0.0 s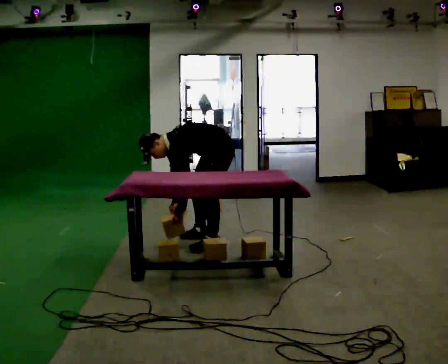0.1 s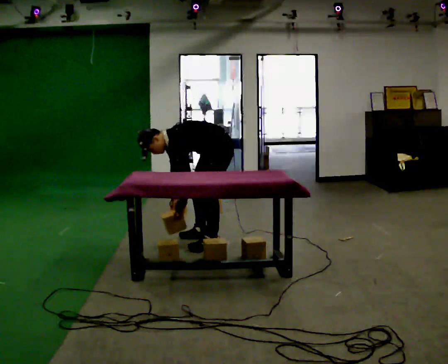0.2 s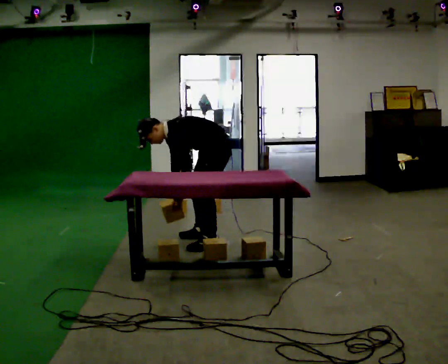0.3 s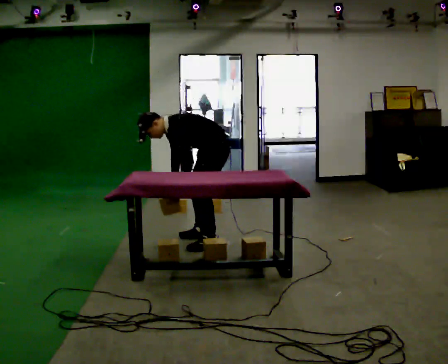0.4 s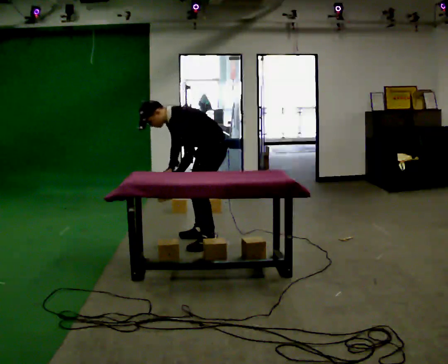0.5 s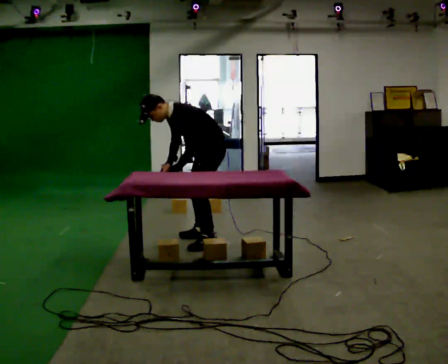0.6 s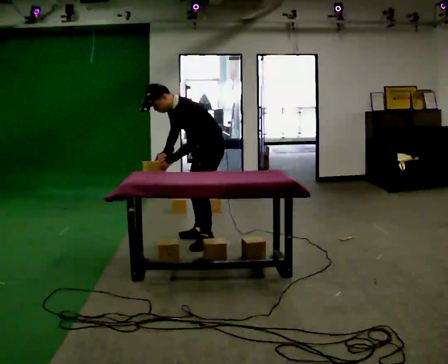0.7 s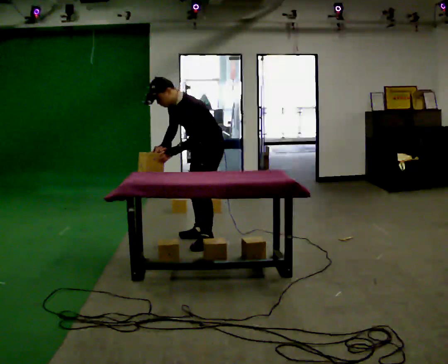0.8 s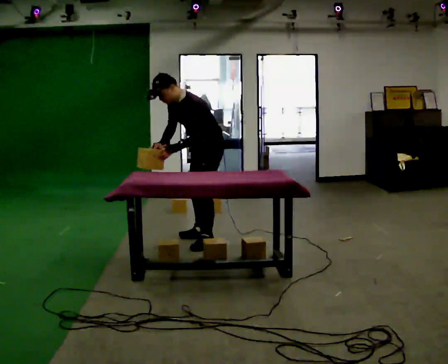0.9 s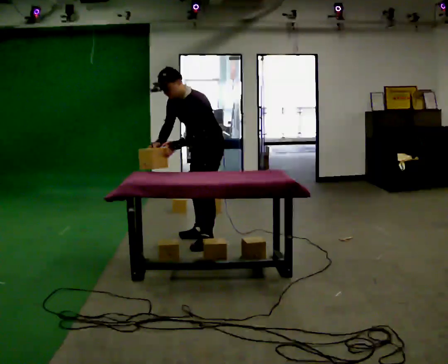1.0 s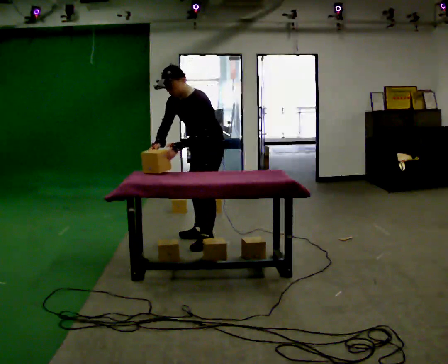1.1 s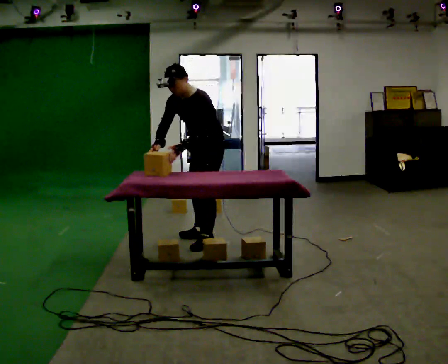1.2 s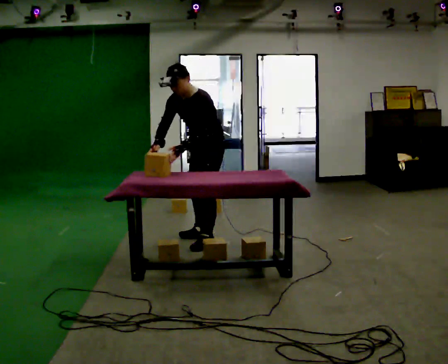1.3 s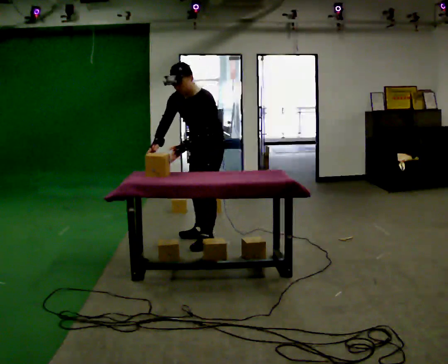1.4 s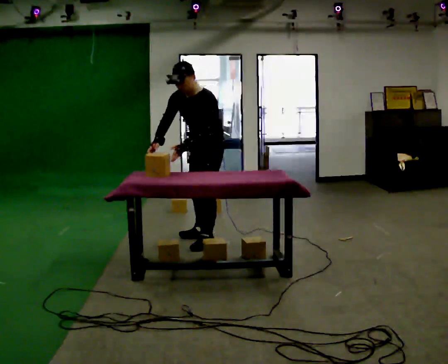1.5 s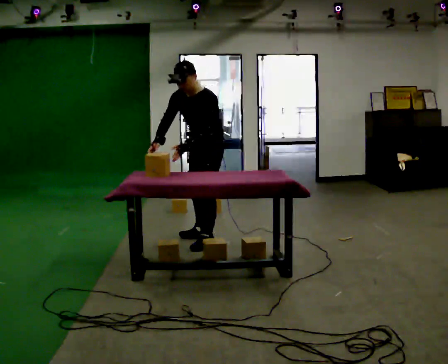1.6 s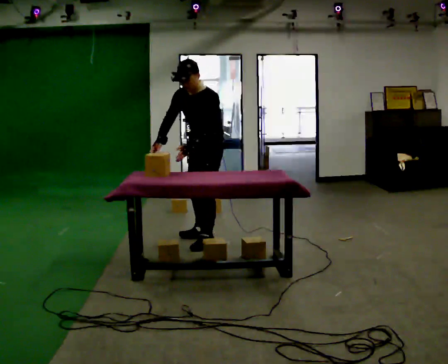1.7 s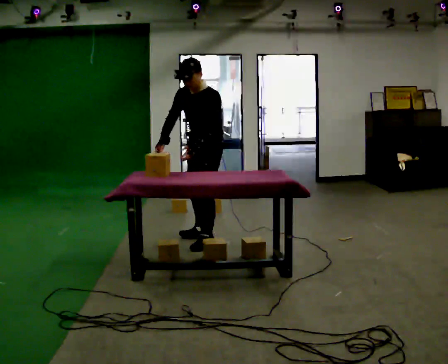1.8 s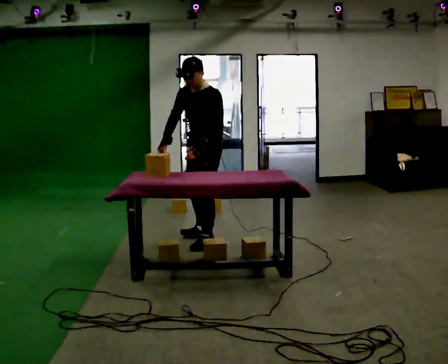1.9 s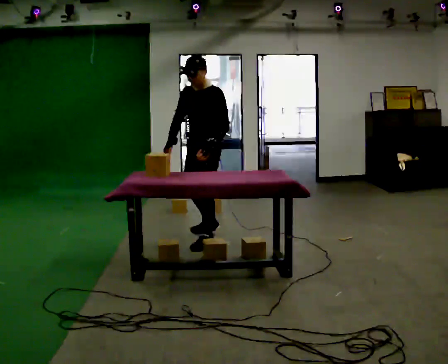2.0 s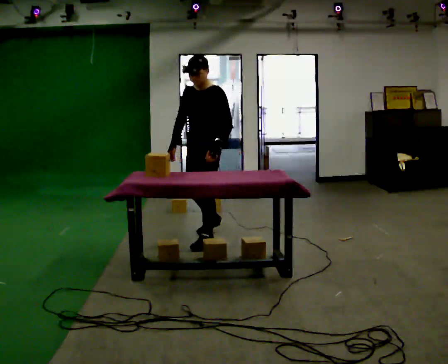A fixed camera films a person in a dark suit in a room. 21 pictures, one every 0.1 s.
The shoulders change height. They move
upward.
Their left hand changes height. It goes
upward.
0.0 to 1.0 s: The upper body goes upward. In the picture the upper body tilts clockwise, shoulders to the right, as they lean back or straighten. In the picture their right hand goes upward.
1.0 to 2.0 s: In the picture the upper body tilts clockwise, shoulders to the right, as they lean back or straighten. In the picture their left hand goes to the right.
The film runs backward here.
